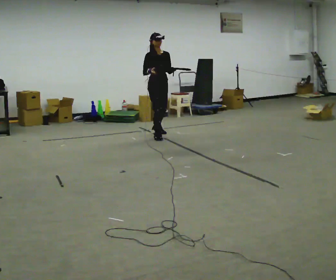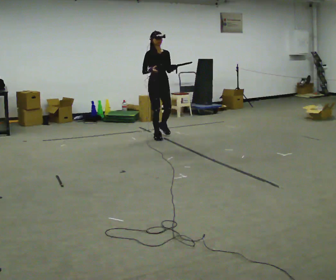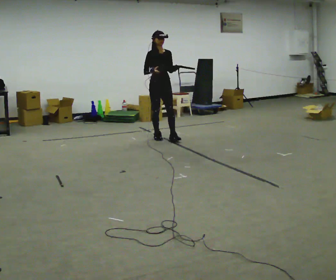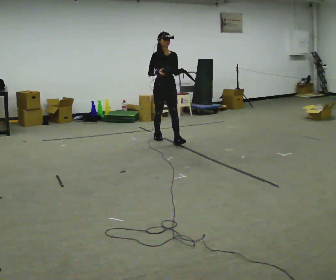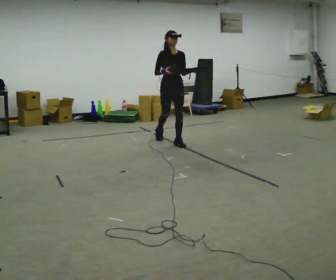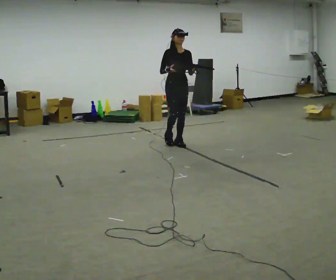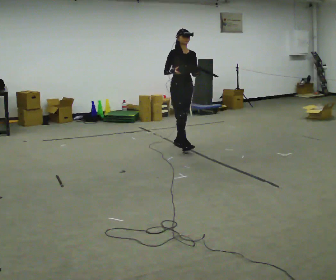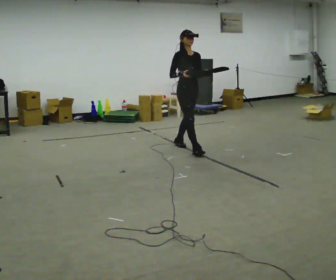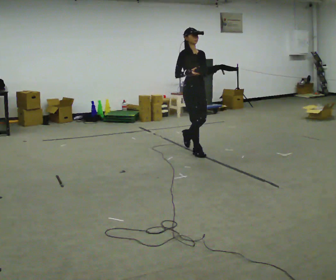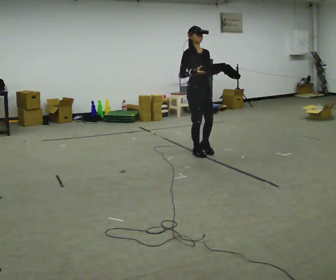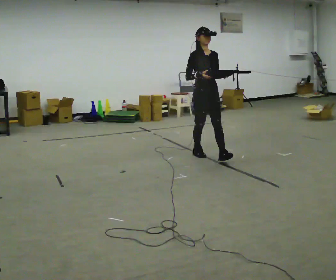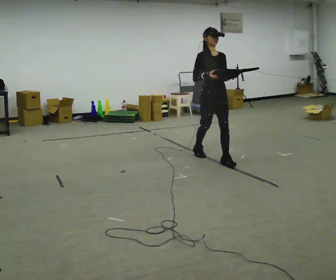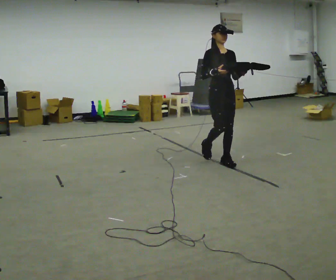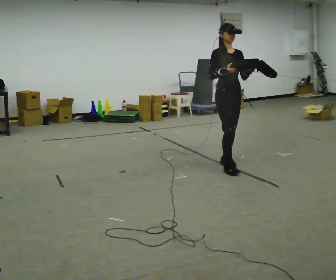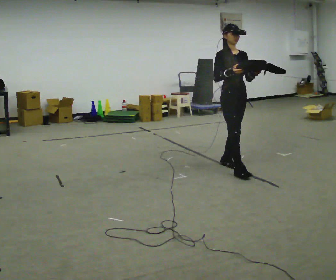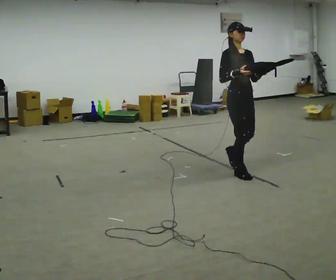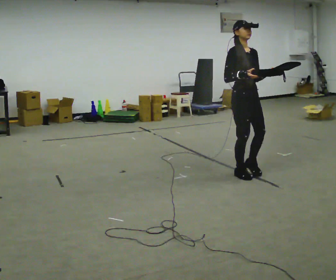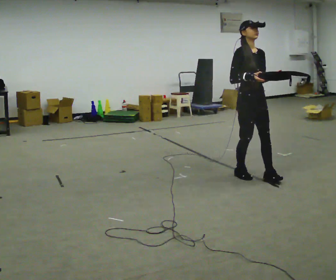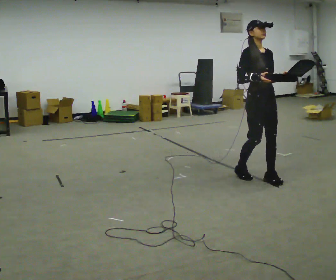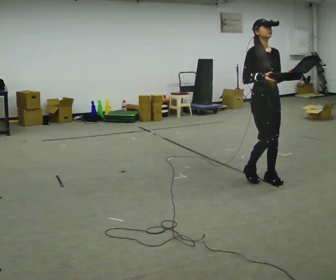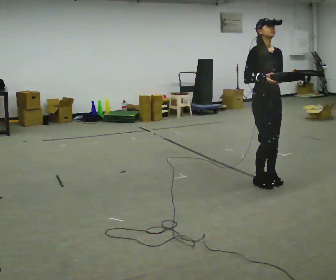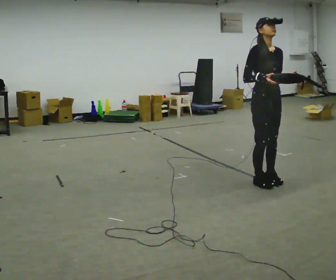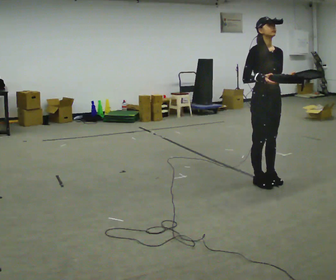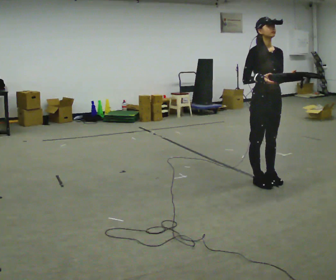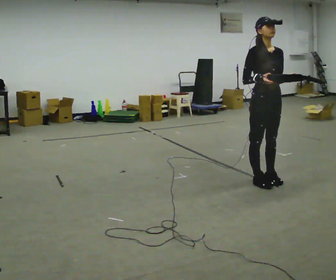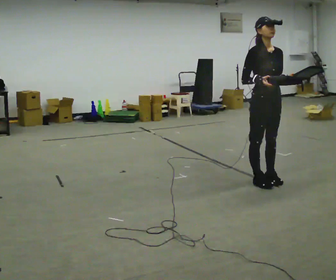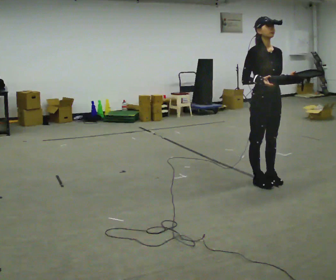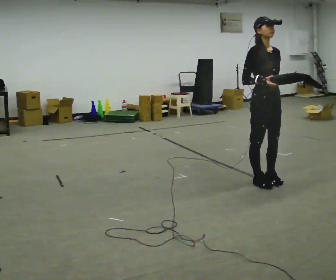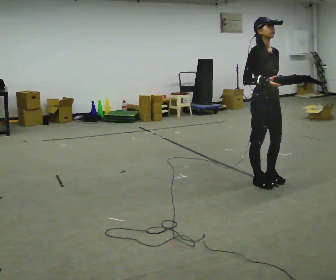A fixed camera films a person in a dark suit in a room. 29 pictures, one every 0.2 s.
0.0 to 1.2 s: In the picture they go toward the camera and to the right, about 1 m in 1 step, which for them is forward.
1.2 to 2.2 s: In the picture they go toward the camera and to the right, about 1 m in 2 steps, which for them is forward.
2.2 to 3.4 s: In the picture they go toward the camera and to the right, about 1 m in 1 step, which for them is forward.
3.4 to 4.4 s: In the picture they go toward the camera, about 0.25 m in 2 steps, which for them is forward.
4.4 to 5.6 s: The person moves a little, or ends about where they began.
The film runs forward here.
